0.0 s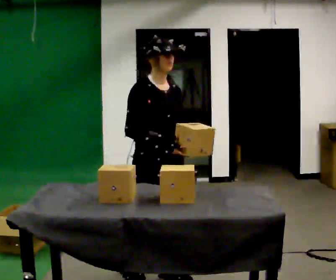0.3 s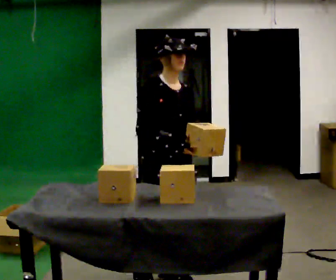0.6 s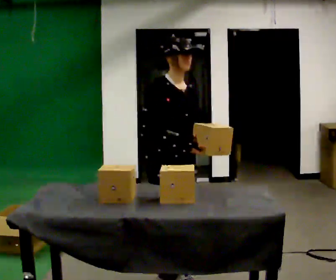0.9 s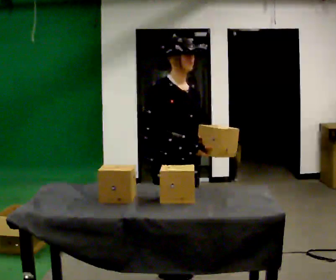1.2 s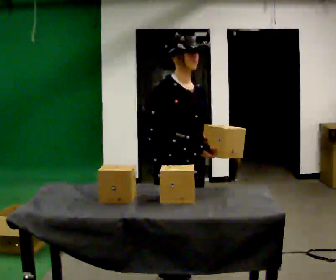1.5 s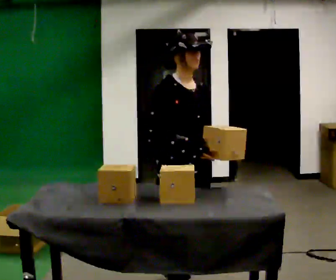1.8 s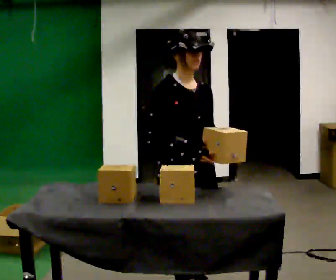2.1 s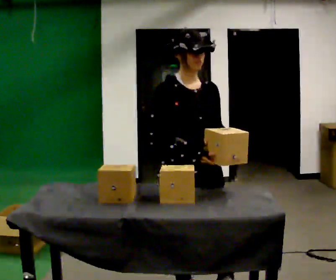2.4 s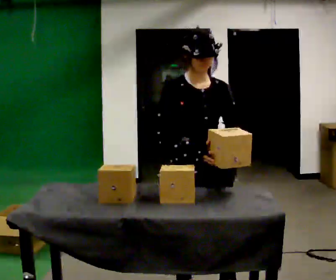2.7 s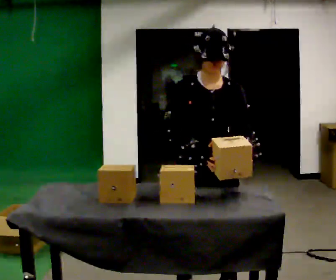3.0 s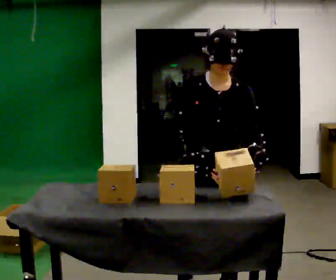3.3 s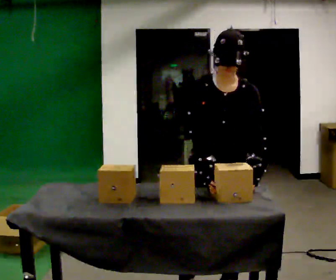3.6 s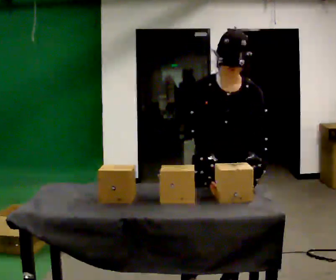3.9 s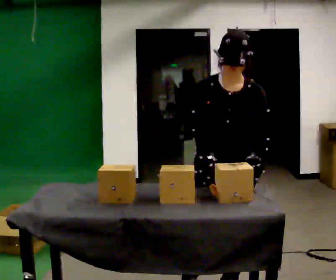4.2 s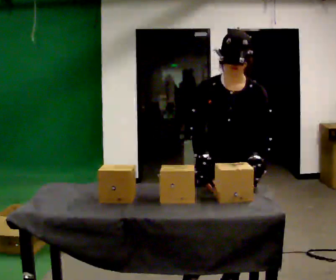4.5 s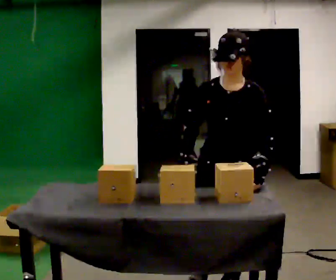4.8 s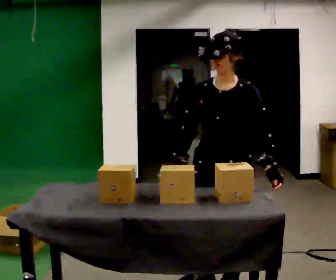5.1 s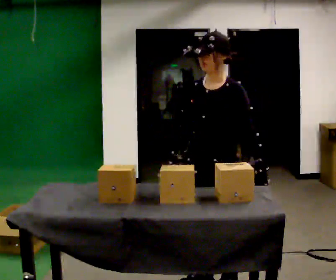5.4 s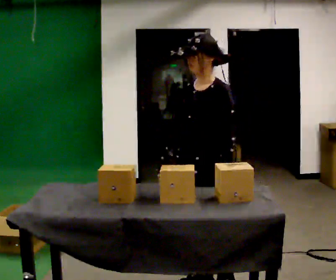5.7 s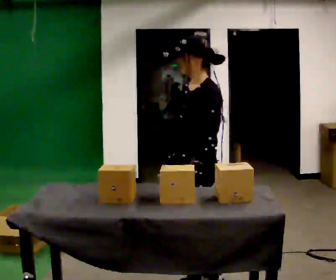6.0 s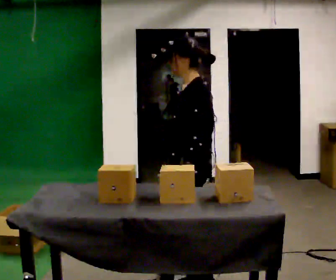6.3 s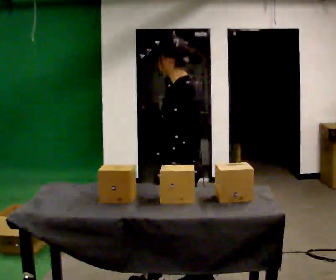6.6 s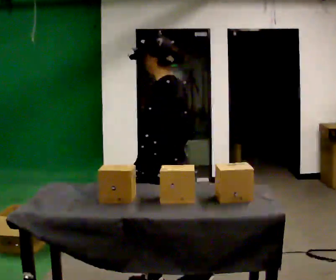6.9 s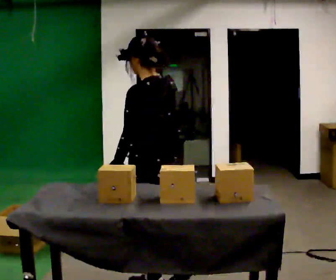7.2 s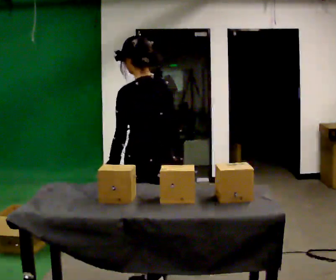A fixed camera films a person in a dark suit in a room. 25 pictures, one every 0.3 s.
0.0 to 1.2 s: In the picture they go to the right and toward the camera, about 0.25 m in 1 step, which for them is forward.
1.2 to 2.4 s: The person turns about 30 degrees to their right, clockwise seen from above, so the part of the body nearest the lens slides to the left.
2.4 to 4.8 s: The part of the body nearest the lens slides to the left as the person turns to their right by about 45 degrees.
4.8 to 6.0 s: Seen from above the body turns clockwise, about 60 degrees: to their right, with its near side sliding to the left. In the picture they go to the left, about 0.25 m. In the picture their left hand goes to the left.
6.0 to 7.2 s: The person turns about 45 degrees to their right, clockwise seen from above, so the part of the body nearest the lens slides to the left. In the picture they go to the left, about 0.25 m in 1 step, which for them is forward and to their left.
The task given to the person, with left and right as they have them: Take objects out of the bin one at a time and lay them out on the table, stepping between the bin and the table each time. Keep going until the operator says stop; one object at a time, and do not rush between trips.
The film runs forward here.
